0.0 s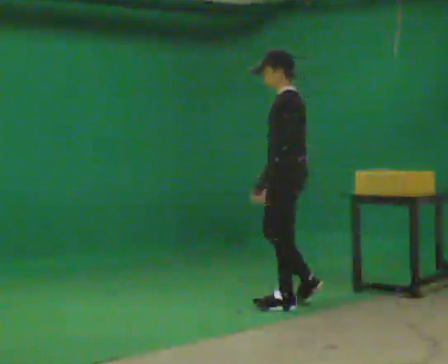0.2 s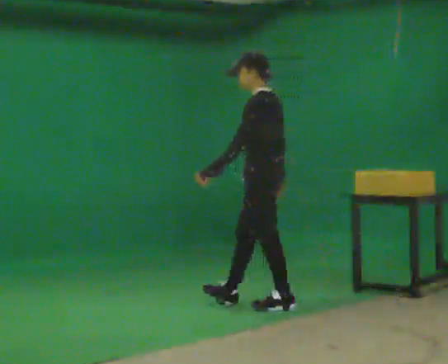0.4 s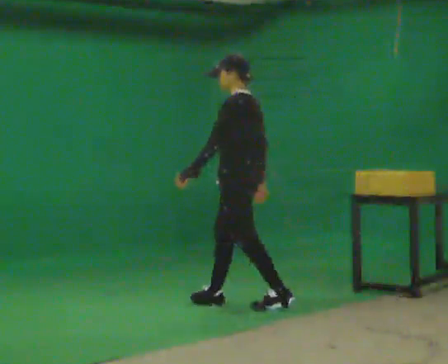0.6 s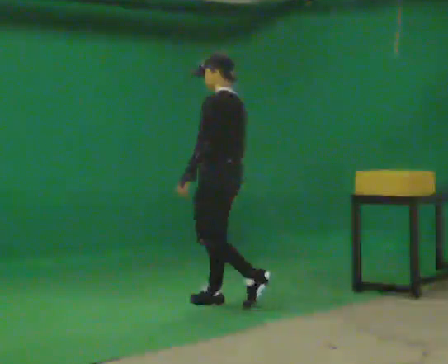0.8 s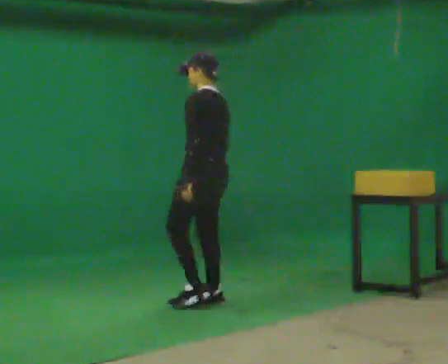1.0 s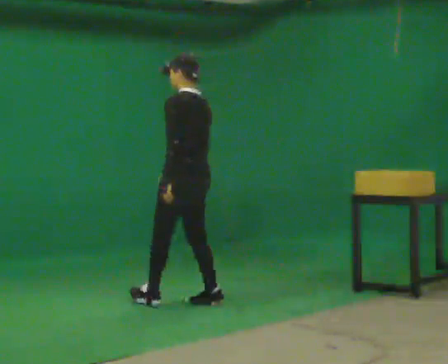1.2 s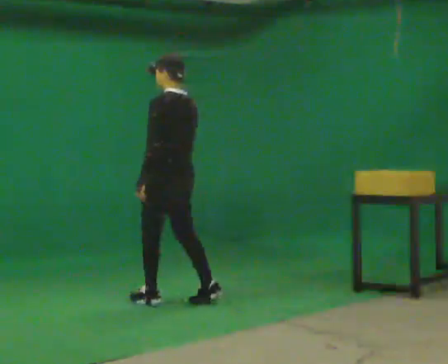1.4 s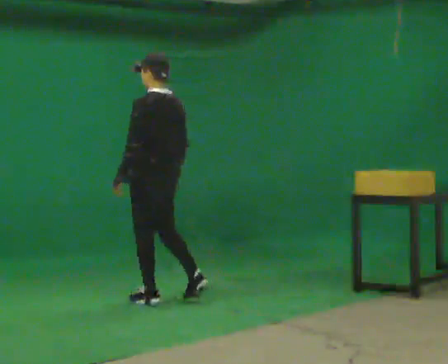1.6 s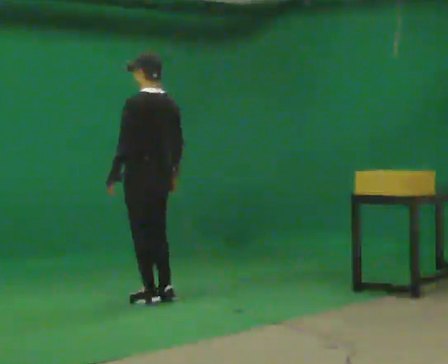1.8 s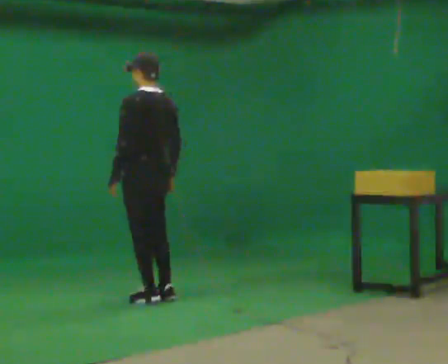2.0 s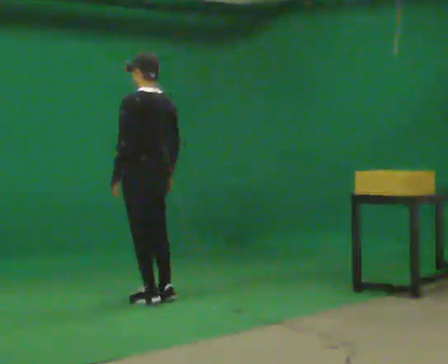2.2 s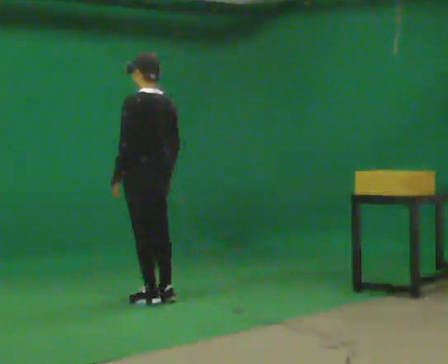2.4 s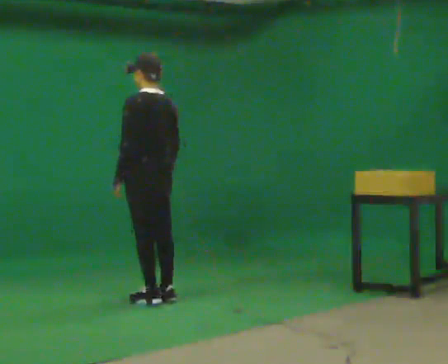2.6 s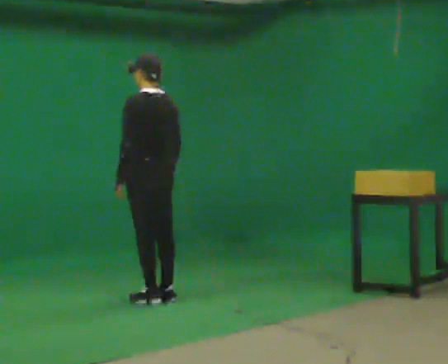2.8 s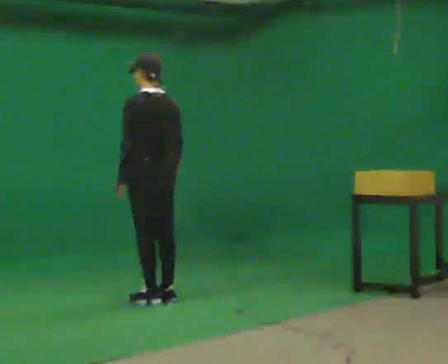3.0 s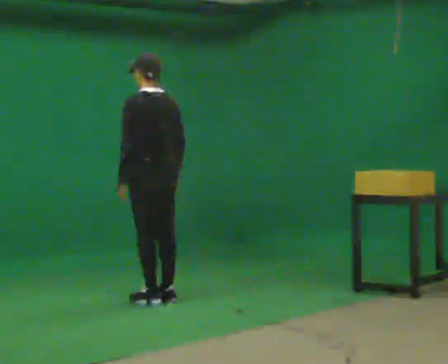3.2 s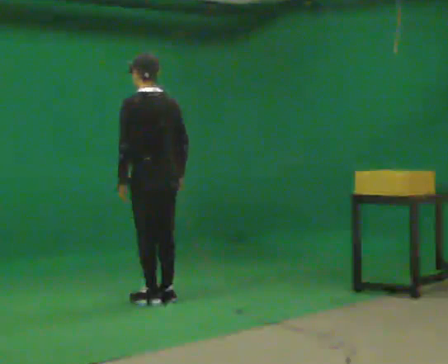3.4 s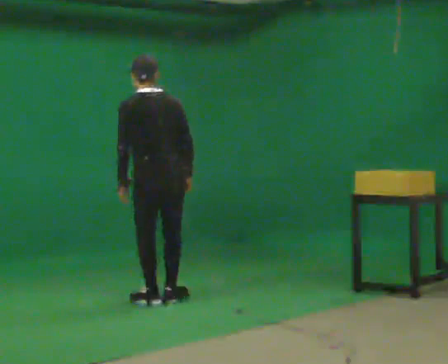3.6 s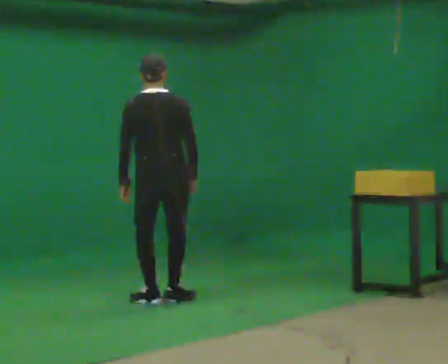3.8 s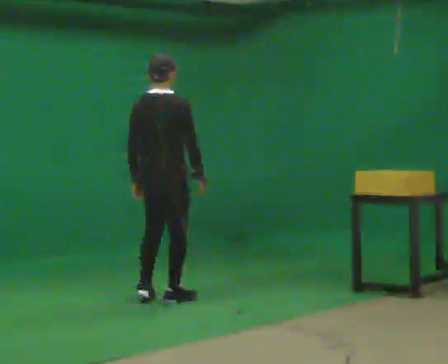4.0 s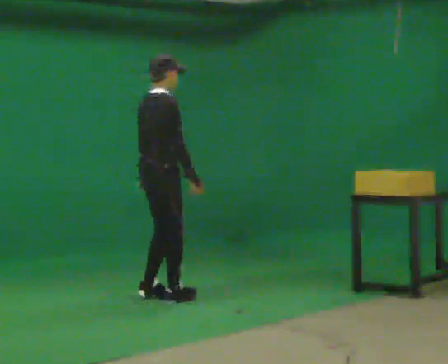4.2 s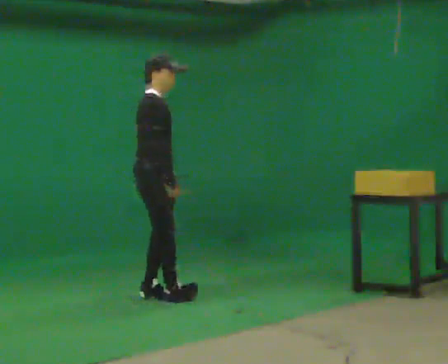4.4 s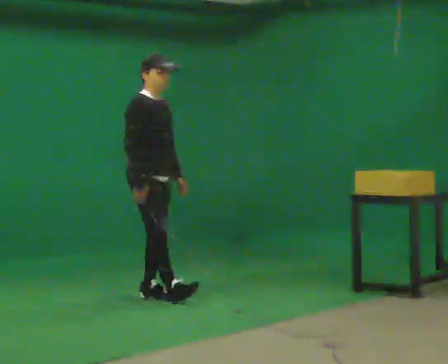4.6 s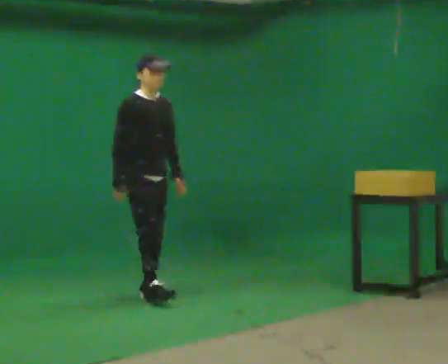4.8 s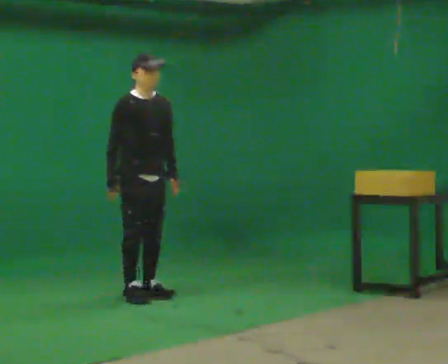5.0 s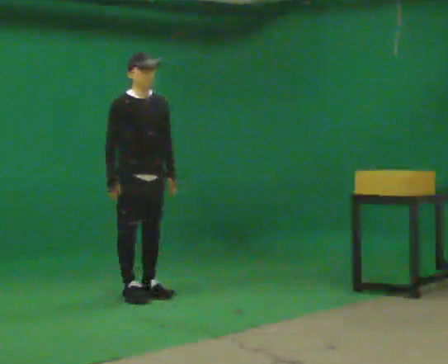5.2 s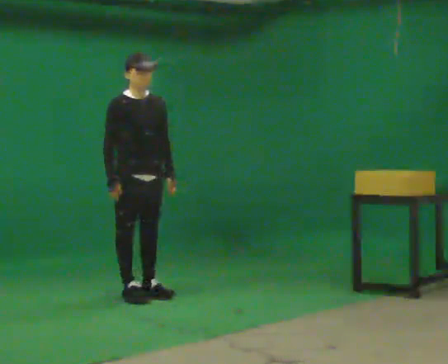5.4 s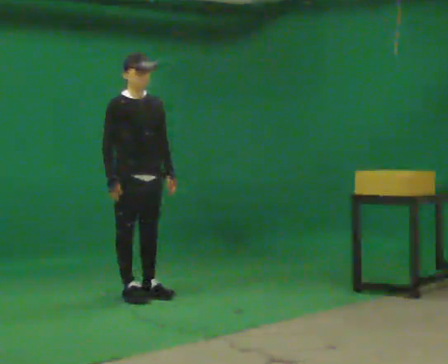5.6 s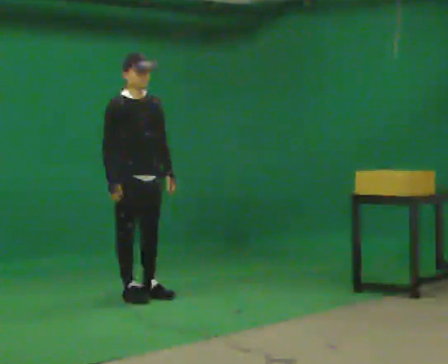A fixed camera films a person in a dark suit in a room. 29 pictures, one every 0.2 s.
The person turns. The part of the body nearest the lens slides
to the left.
The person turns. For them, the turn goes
to their right.
0.0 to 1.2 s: The person turns about 30 degrees to their right, clockwise seen from above, so the part of the body nearest the lens slides to the left. In the picture they go to the left, about 1 m in 2 steps, which for them is forward.
1.2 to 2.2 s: The person moves a little, or ends about where they began.
2.2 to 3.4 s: The person turns about 30 degrees to their right, clockwise seen from above, so the part of the body nearest the lens slides to the left.
3.4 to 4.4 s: The person turns about 135 degrees to their right, clockwise seen from above, so the part of the body nearest the lens slides to the left. In the picture they go to the left and away from the camera, about 0.25 m in 1 step. In the picture the upper body tilts clockwise, shoulders to the right. In the picture their left hand goes to the right.
4.4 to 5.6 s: The person moves a little, or ends about where they began.
The film runs forward here.
